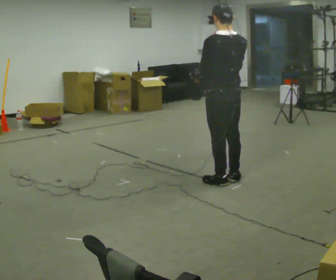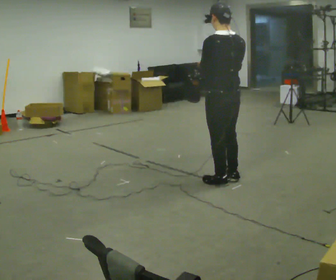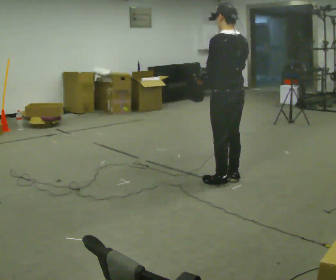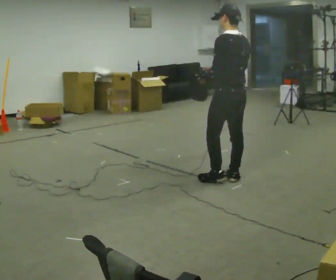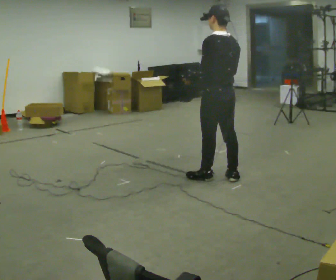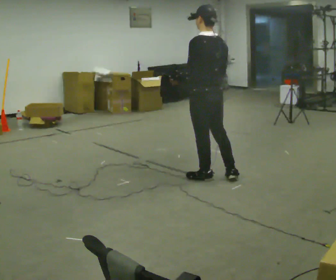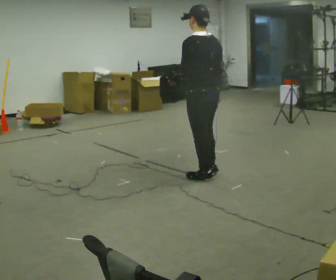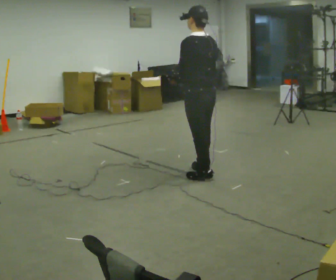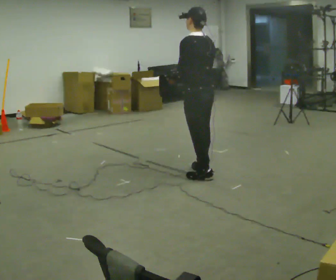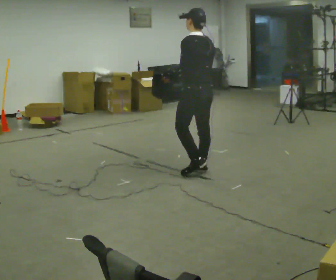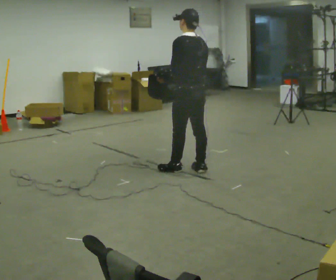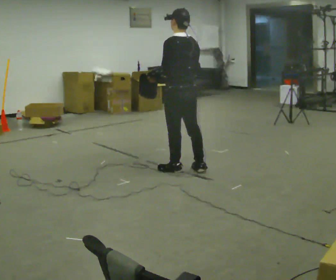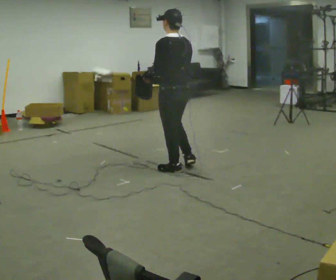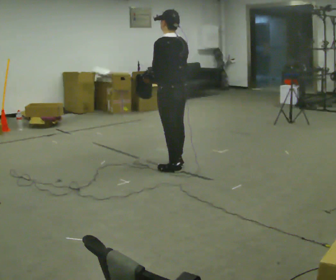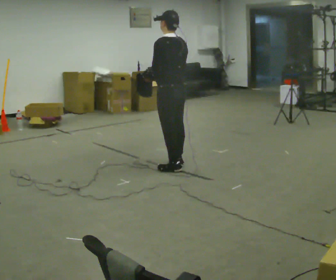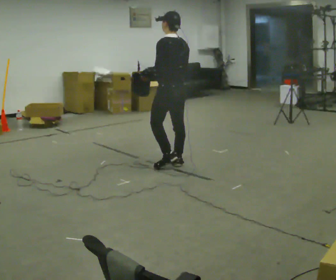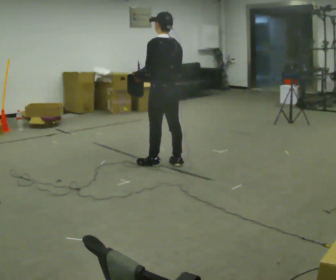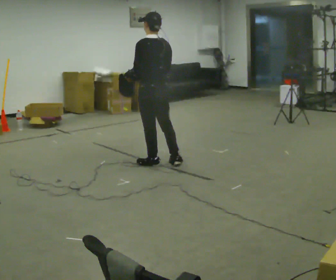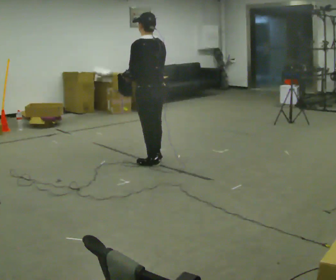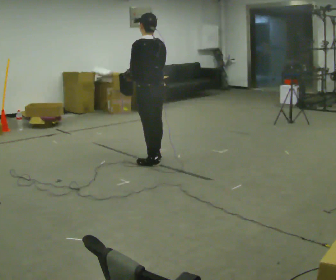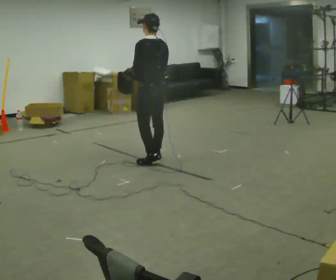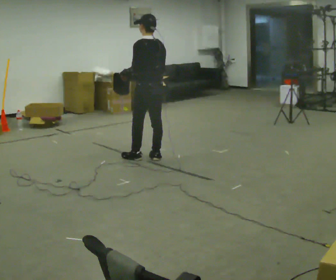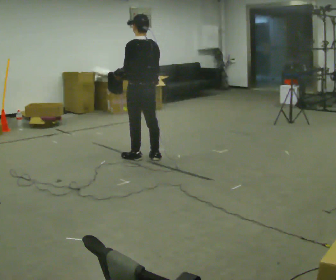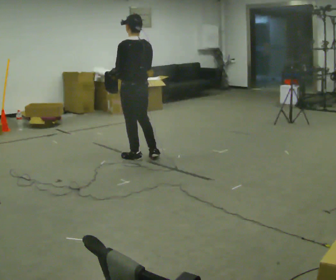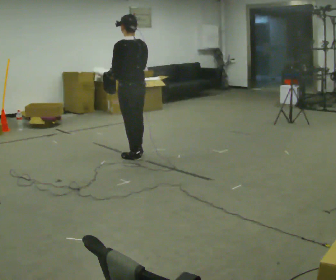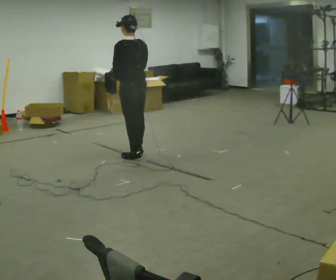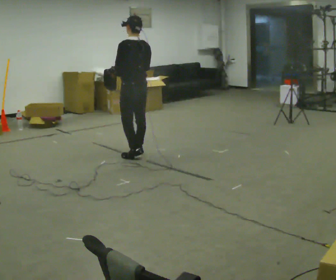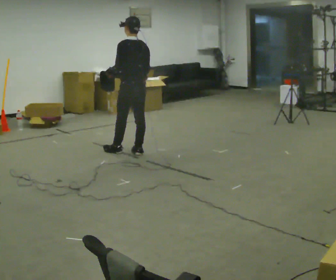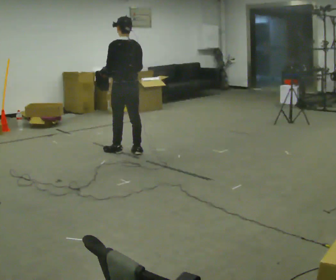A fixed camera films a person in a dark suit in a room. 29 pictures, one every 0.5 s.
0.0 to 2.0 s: In the picture their right hand goes downward.
2.0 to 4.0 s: In the picture they go to the left and away from the camera, about 0.25 m in 1 step, which for them is forward. In the picture their right hand goes to the left.
4.0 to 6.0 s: In the picture they go to the left, about 0.25 m in 1 step, which for them is forward.
6.0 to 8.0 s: In the picture they go away from the camera, about 0.25 m in 2 steps, which for them is forward.
8.0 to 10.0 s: In the picture they go away from the camera and to the left, about 0.25 m in 1 step, which for them is forward.
10.0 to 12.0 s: In the picture they go to the left, about 0.25 m in 2 steps, which for them is forward and to their left.
12.0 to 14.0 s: In the picture they go away from the camera, about 0.25 m in 1 step, which for them is forward.
The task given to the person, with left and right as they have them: Carry the open container and, while walking, reach in with one hand and take an item out, then put it back. Repeat as you walk. Do not stop.
The film runs forward here.
